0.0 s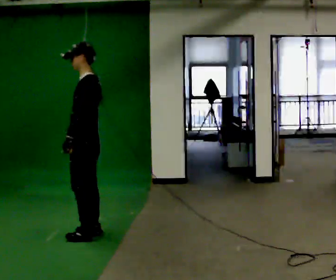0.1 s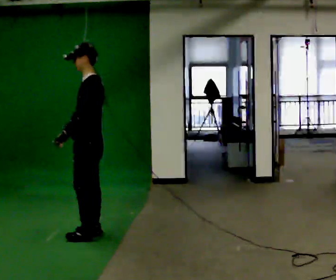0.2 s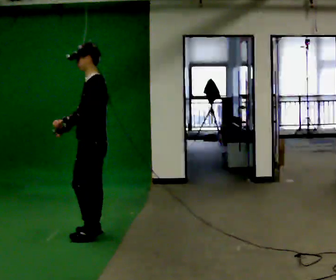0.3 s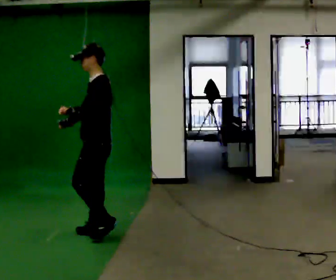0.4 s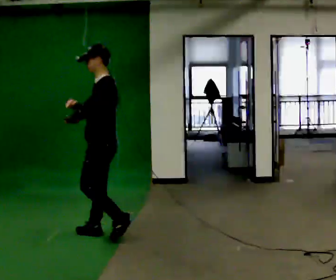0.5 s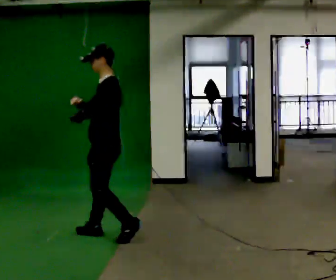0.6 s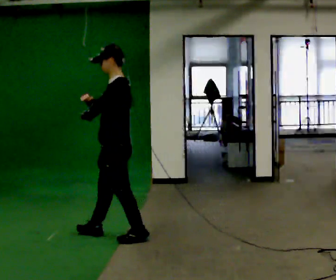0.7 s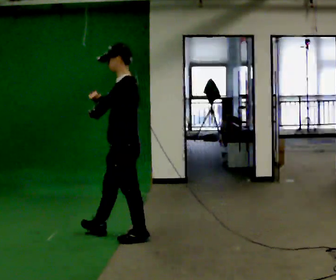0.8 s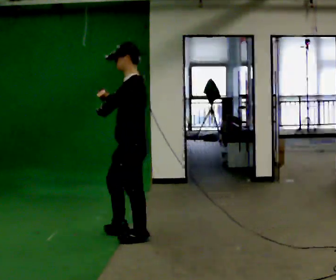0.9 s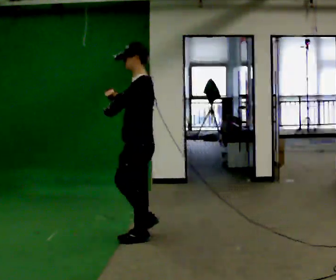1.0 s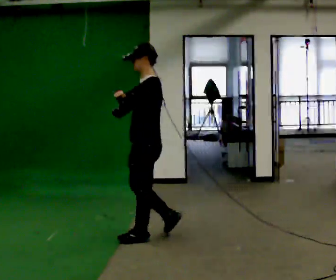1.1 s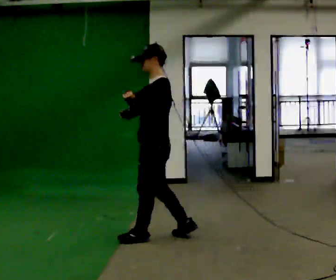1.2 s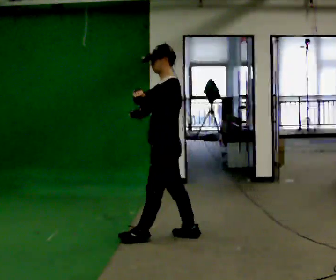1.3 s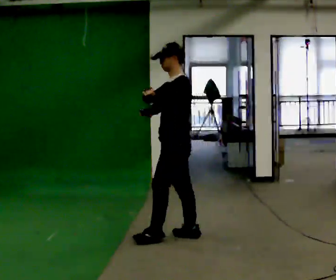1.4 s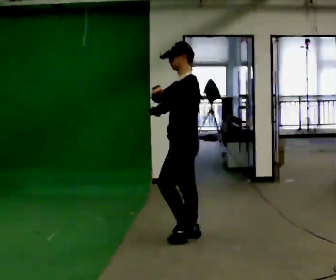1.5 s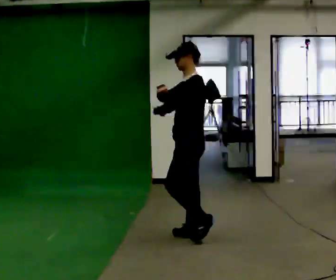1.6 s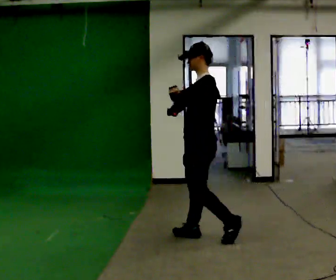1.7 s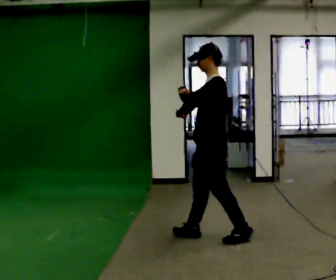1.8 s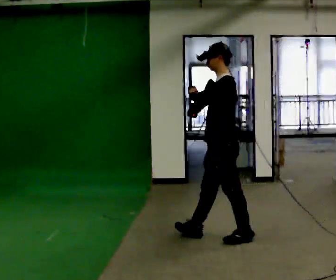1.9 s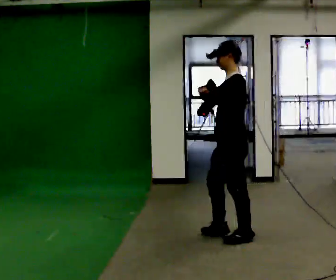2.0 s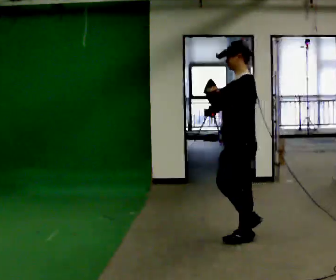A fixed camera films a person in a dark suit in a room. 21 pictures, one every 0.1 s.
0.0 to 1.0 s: In the picture they go to the right, about 0.5 m in 2 steps, which for them is backward. In the picture their right hand goes upward.
1.0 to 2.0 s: In the picture they go to the right, about 1 m in 2 steps, which for them is backward.
The film runs backward here.
